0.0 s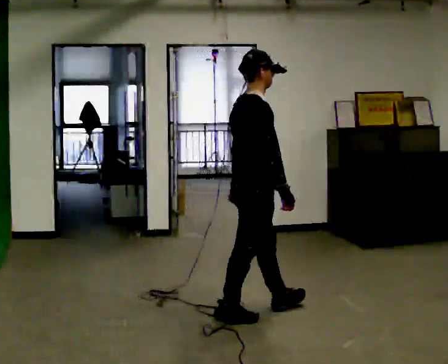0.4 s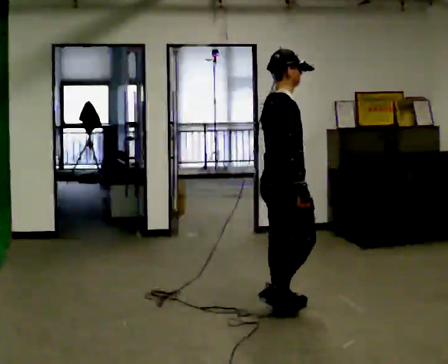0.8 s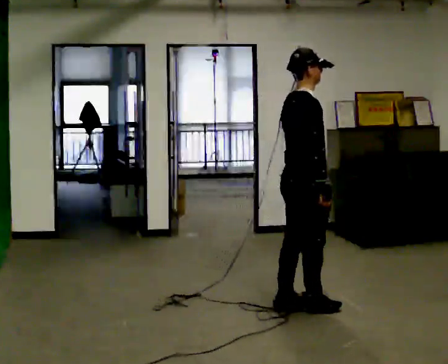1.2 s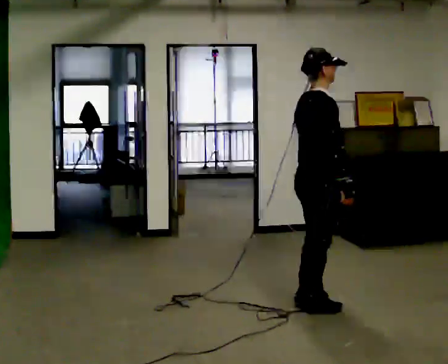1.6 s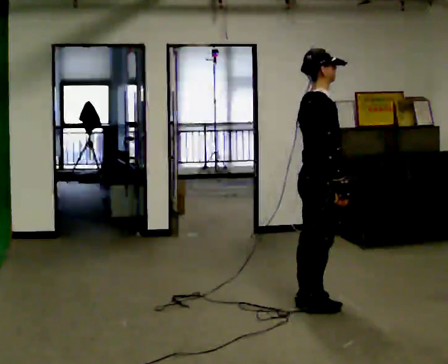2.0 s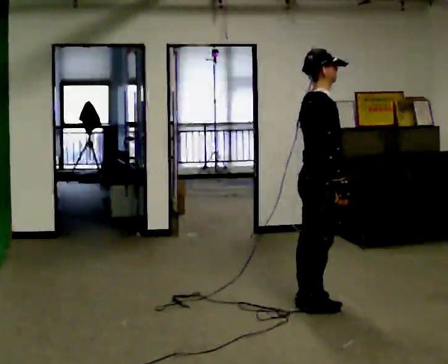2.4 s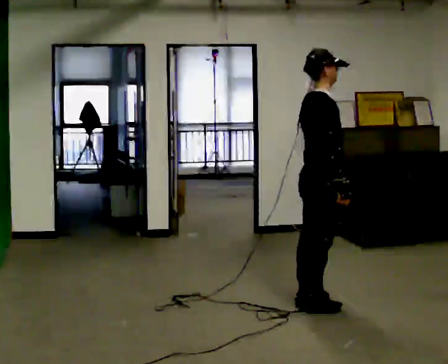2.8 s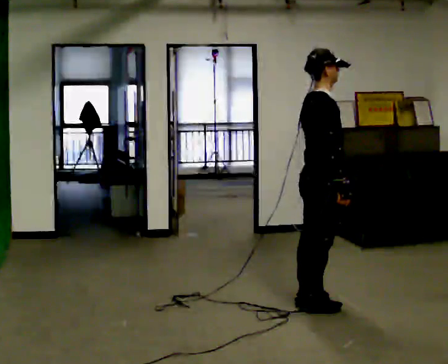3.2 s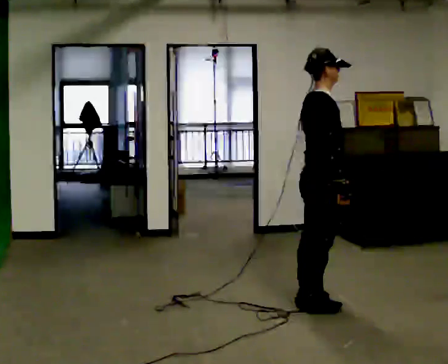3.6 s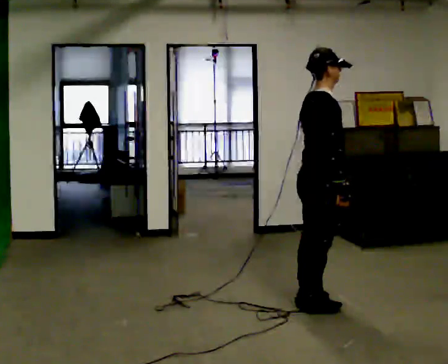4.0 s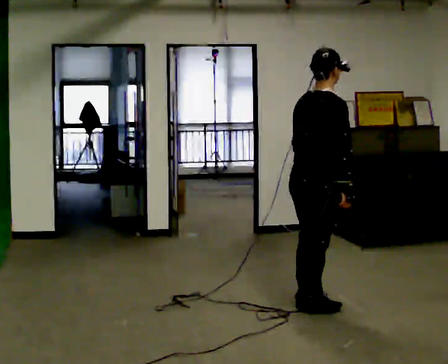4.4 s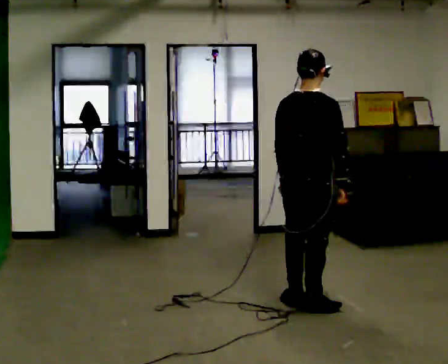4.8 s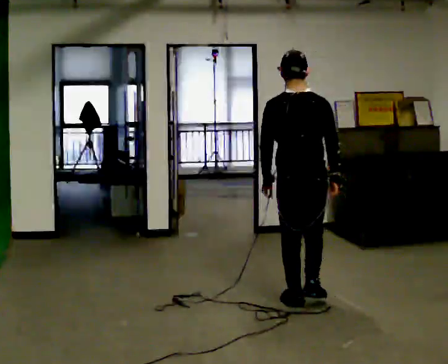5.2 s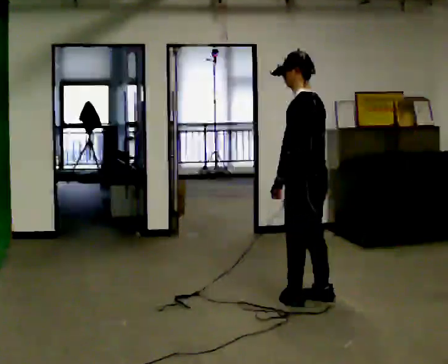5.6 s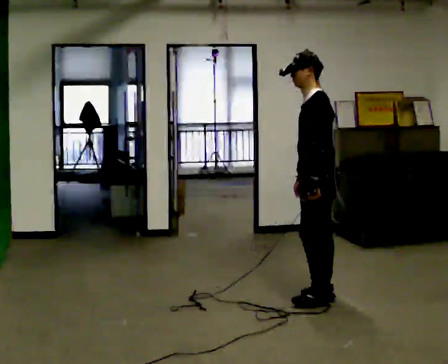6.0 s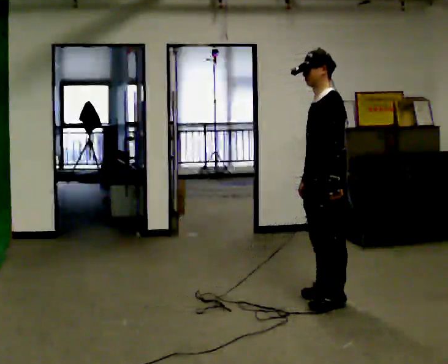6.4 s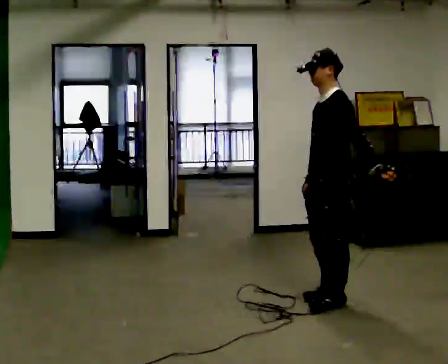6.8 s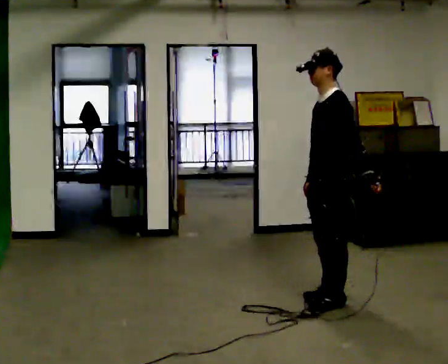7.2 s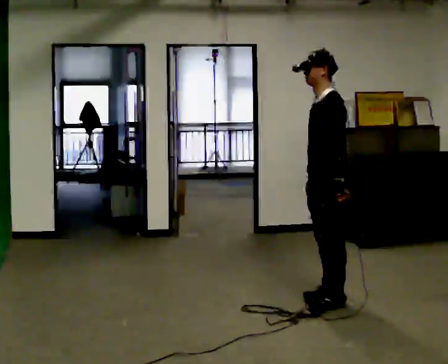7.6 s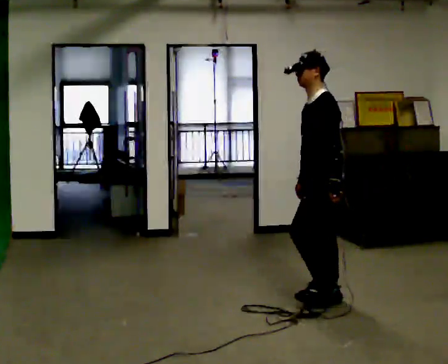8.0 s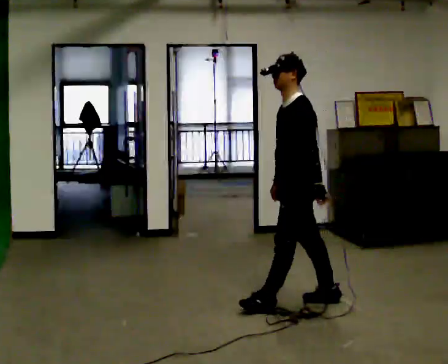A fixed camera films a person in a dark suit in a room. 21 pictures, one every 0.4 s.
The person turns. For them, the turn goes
to their left.
The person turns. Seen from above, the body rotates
counterclockwise.
0.0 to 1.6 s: In the picture they go to the right and away from the camera, about 0.5 m in 3 steps, which for them is forward.
1.6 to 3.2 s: The person moves a little, or ends about where they began.
3.2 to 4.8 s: The person turns about 75 degrees to their left, counterclockwise seen from above, so the part of the body nearest the lens slides to the right.
4.8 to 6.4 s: Seen from above the body turns counterclockwise, about 105 degrees: to their left, with its near side sliding to the right. In the picture they go to the right, about 0.25 m in 2 steps. In the picture their left hand goes to the right, the arm swinging counterclockwise.
6.4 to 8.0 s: In the picture they go to the left, about 0.25 m in 1 step, which for them is forward. In the picture their left hand goes to the left.
The film runs forward here.
